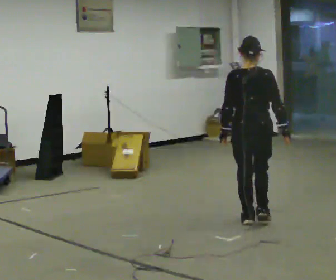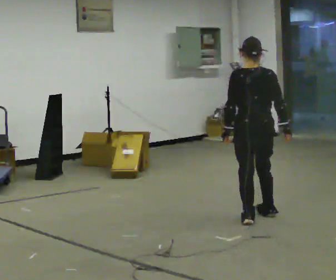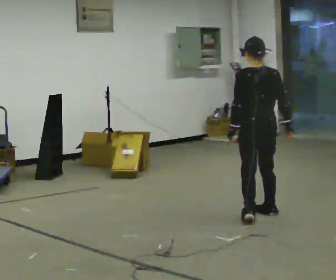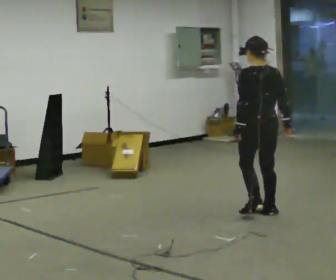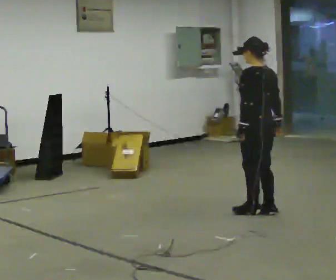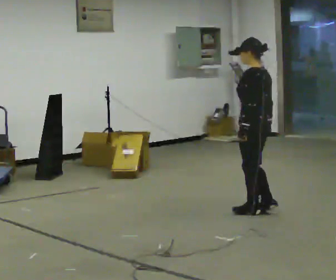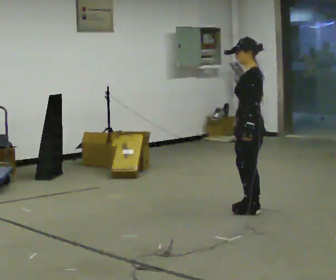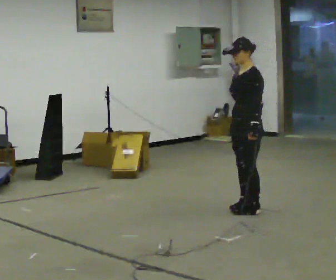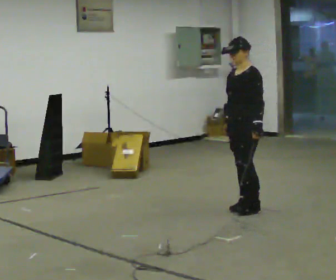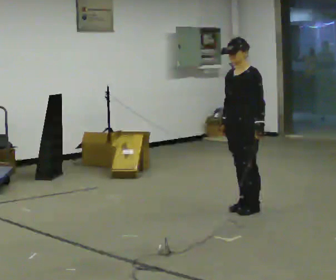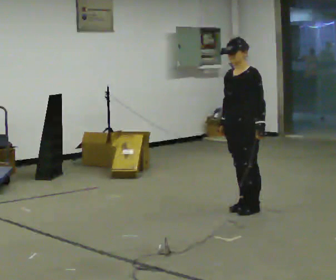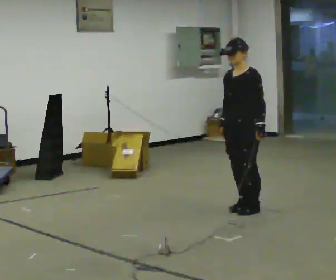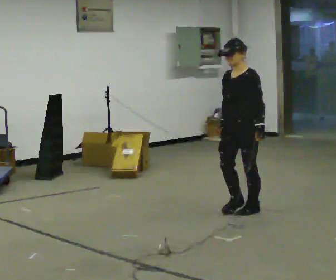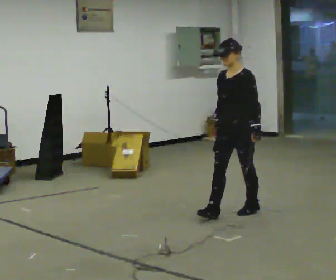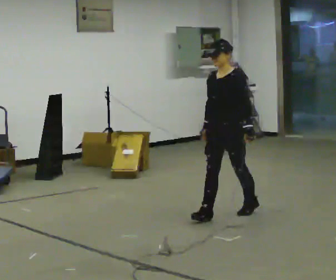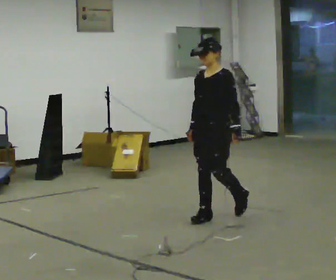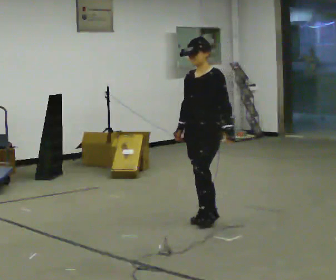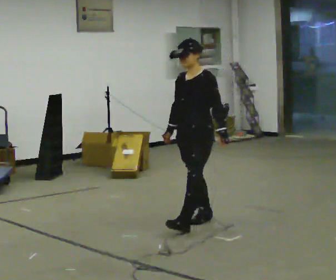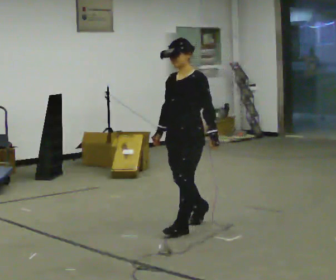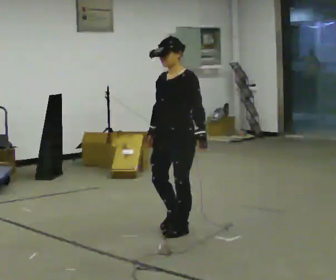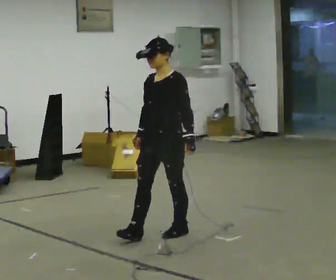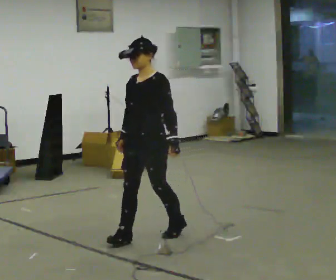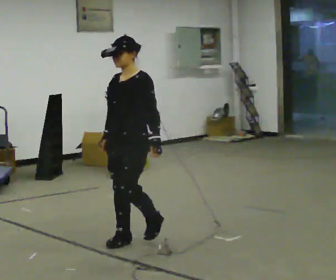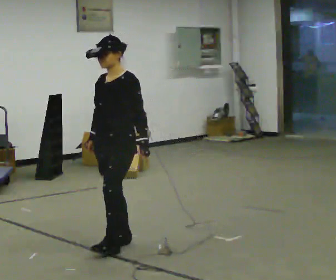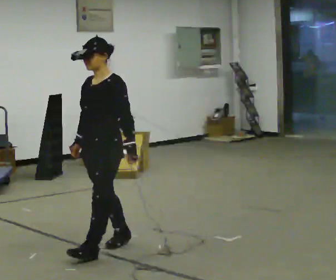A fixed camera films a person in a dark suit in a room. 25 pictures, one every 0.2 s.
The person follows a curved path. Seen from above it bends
counterclockwise.
Their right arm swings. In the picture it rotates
clockwise.
0.0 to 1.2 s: The person turns about 105 degrees to their left, counterclockwise seen from above, so the part of the body nearest the lens slides to the right. In the picture they go away from the camera, about 0.5 m in 2 steps.
1.2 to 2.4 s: Seen from above the body turns counterclockwise, about 45 degrees: to their left, with its near side sliding to the right.
2.4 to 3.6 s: In the picture they go toward the camera and to the left, about 0.75 m in 2 steps, which for them is forward.
3.6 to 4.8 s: In the picture they go toward the camera and to the left, about 1 m in 2 steps, which for them is forward.
The film runs forward here.
